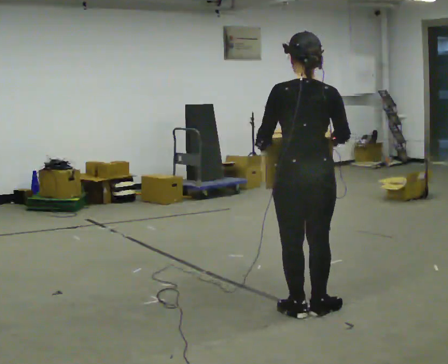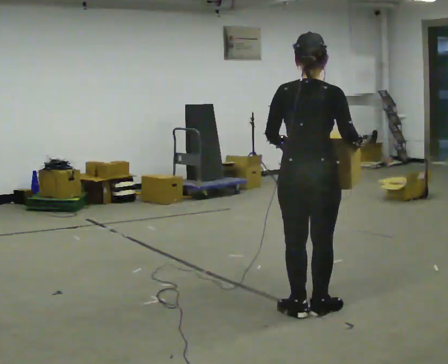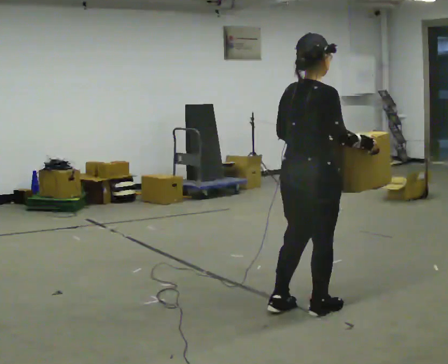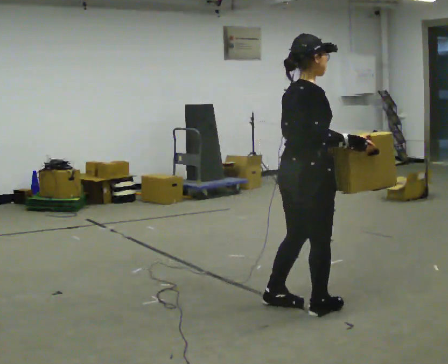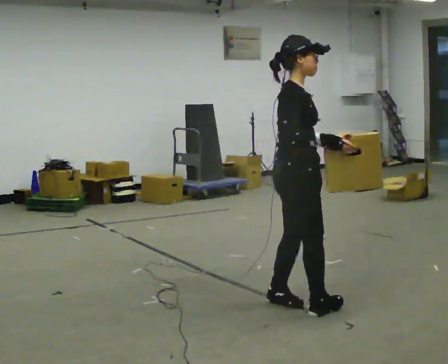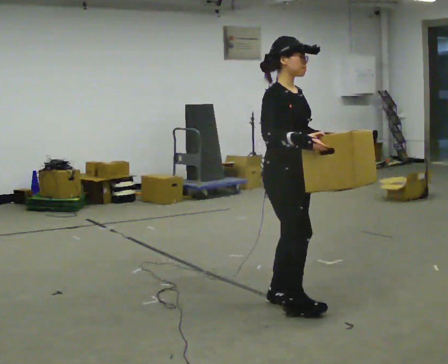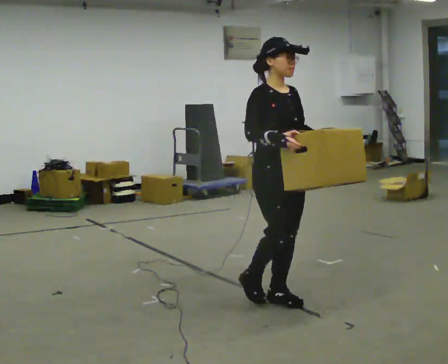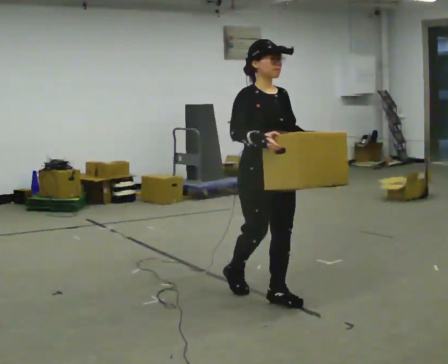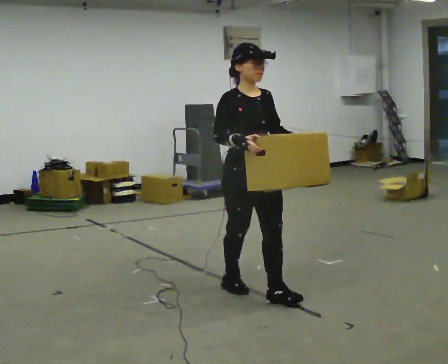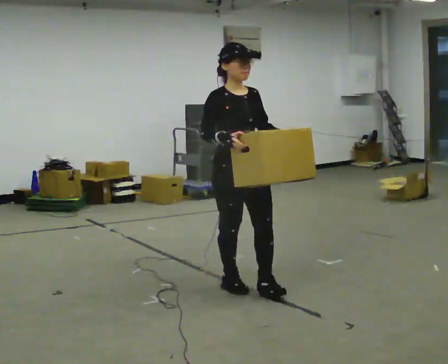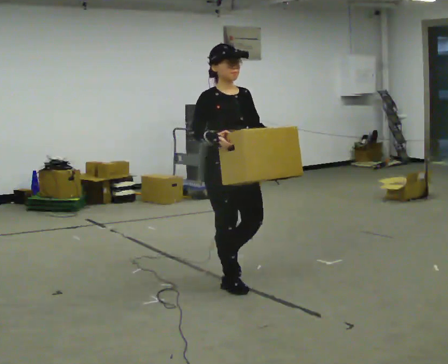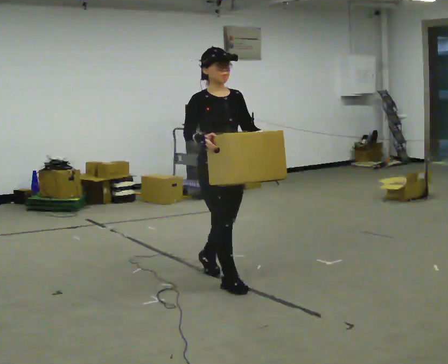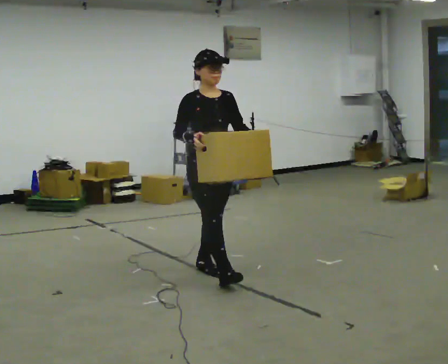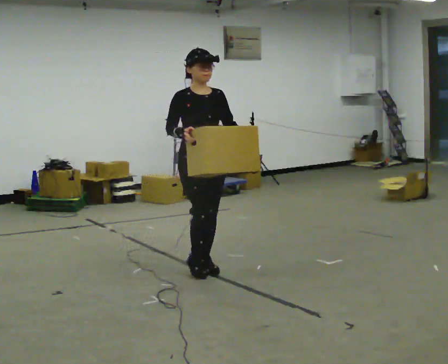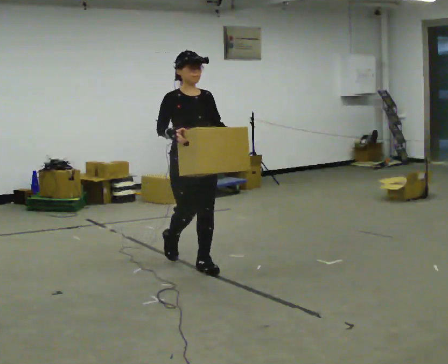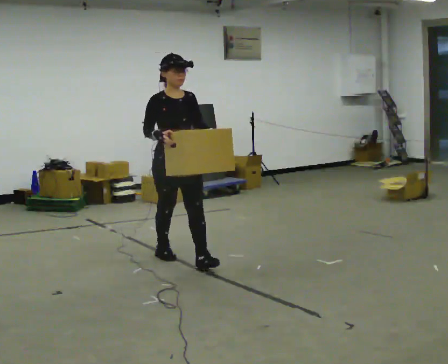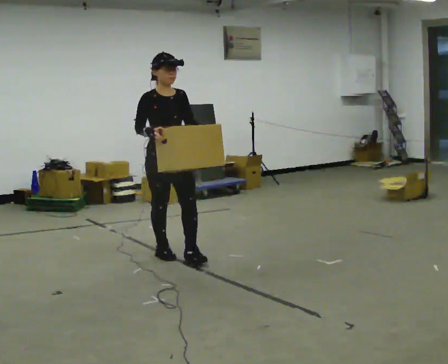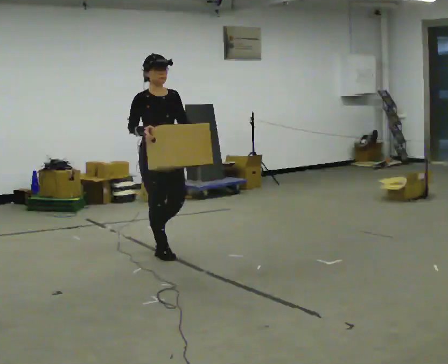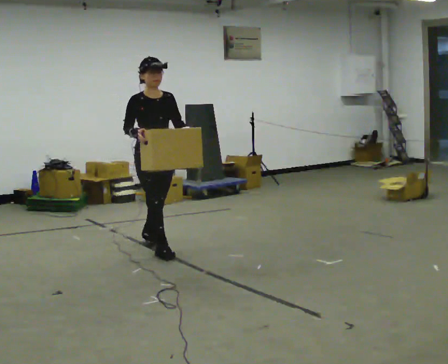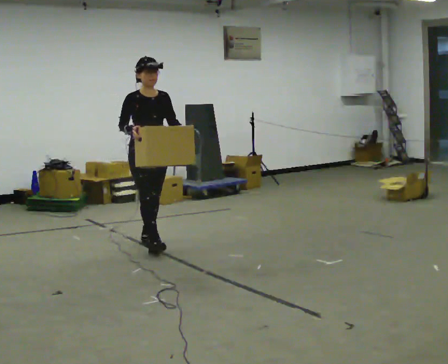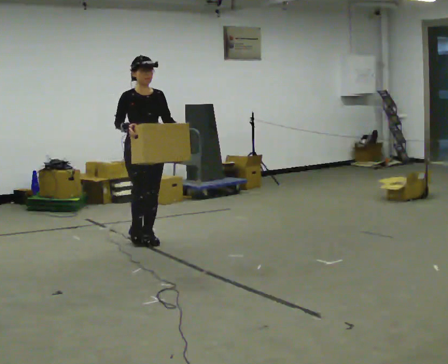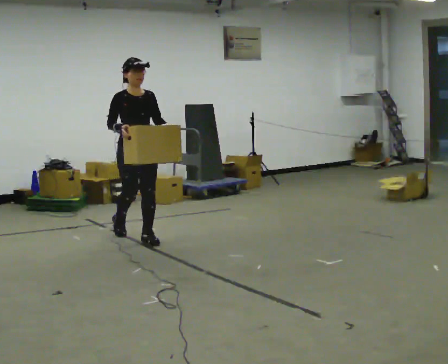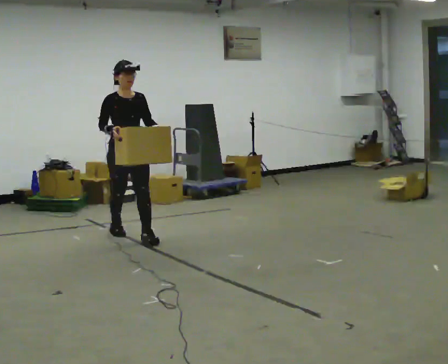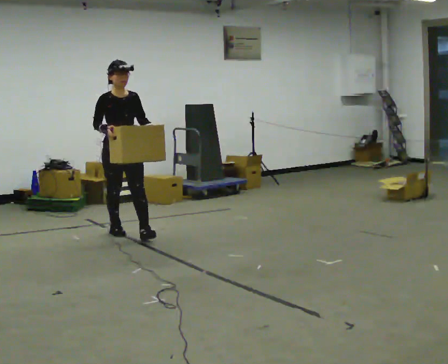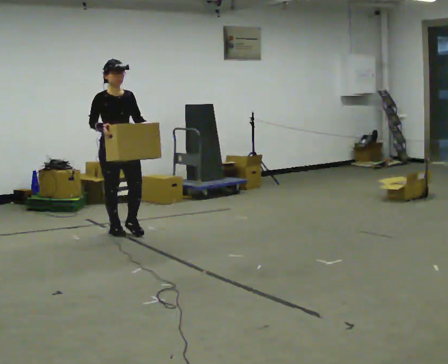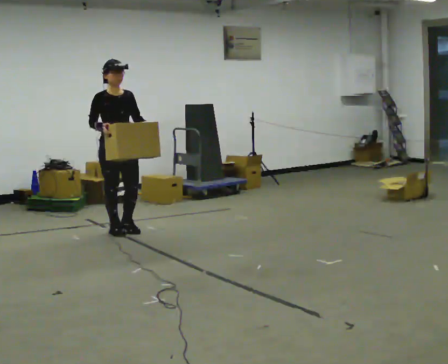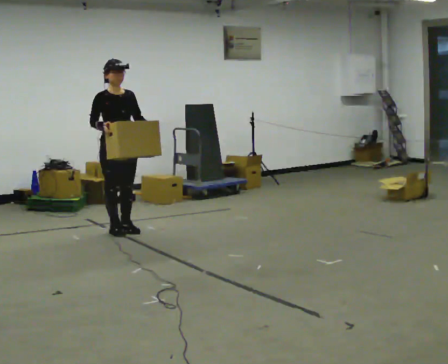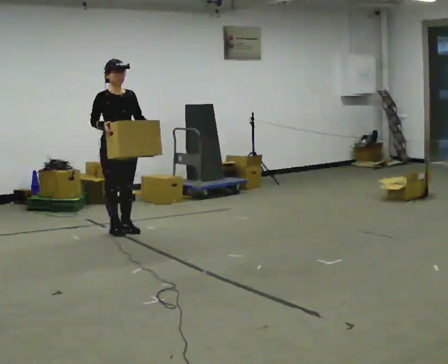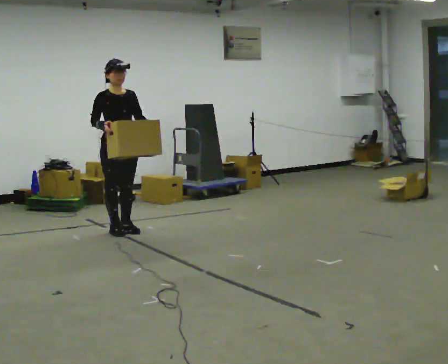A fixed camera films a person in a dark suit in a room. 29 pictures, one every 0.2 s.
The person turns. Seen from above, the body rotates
clockwise.
The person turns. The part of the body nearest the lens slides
to the left.
0.0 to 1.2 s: The person turns about 150 degrees to their right, clockwise seen from above, so the part of the body nearest the lens slides to the left. In the picture they go away from the camera and to the left, about 0.25 m in 2 steps.
1.2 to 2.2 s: In the picture they go away from the camera and to the left, about 0.5 m in 1 step, which for them is backward.
2.2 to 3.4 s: In the picture they go away from the camera and to the left, about 1 m in 2 steps, which for them is backward.
3.4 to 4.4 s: In the picture they go away from the camera and to the left, about 0.75 m in 1 step, which for them is backward.
4.4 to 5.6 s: In the picture they go away from the camera, about 0.25 m in 1 step, which for them is backward.
The film runs backward here.
